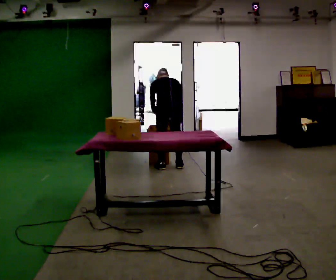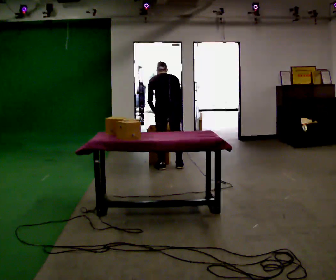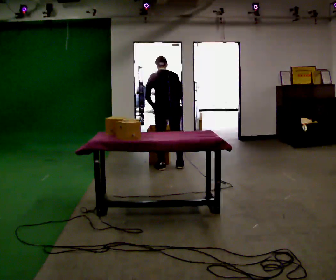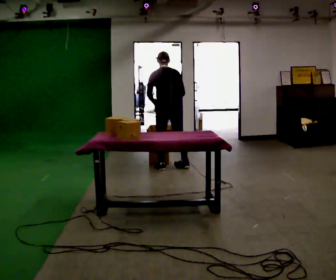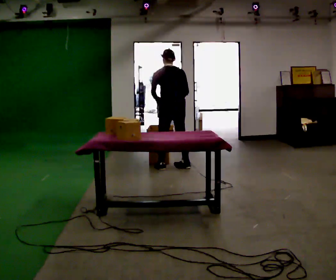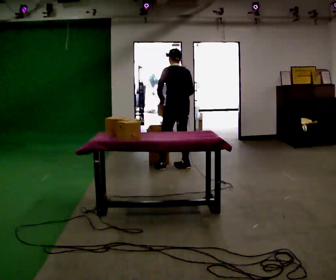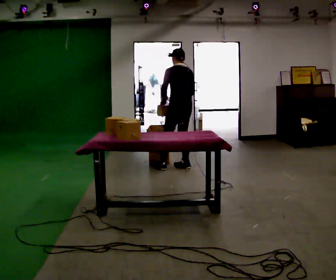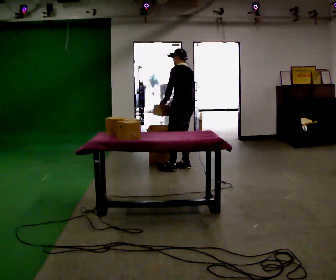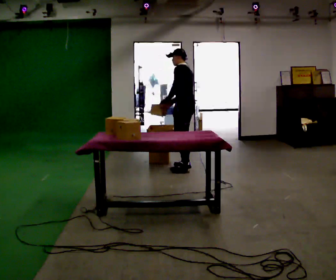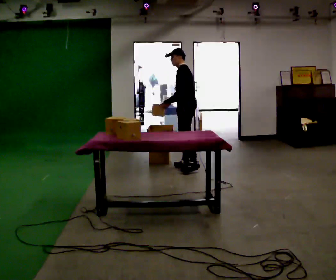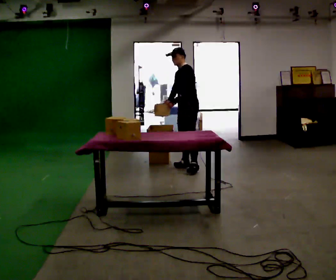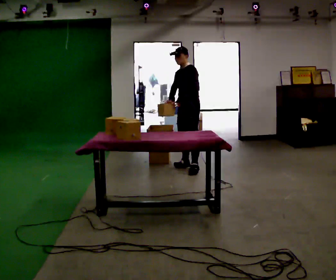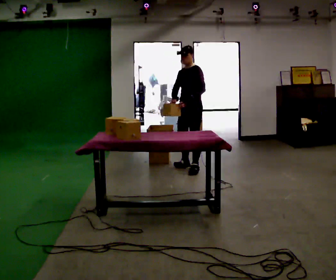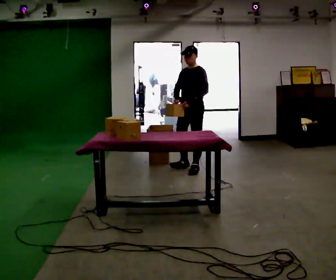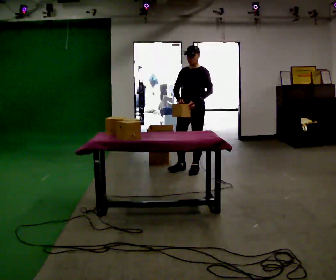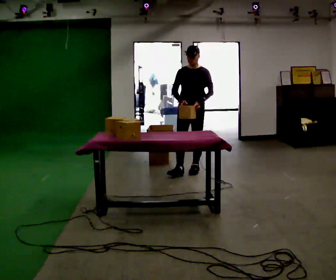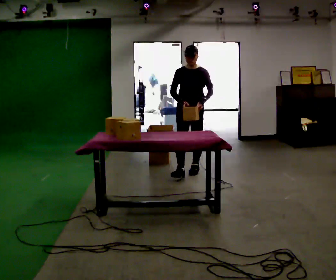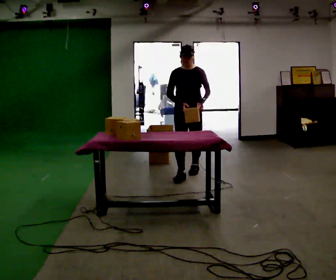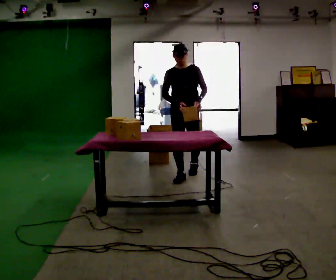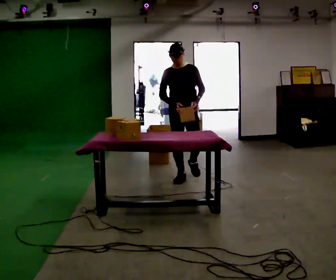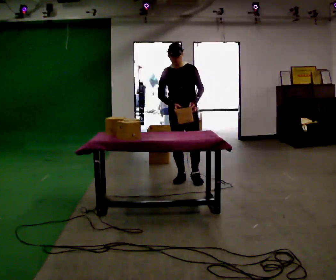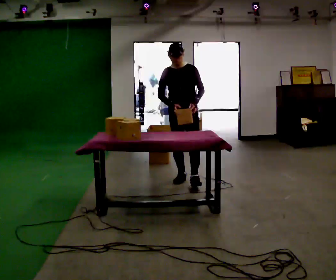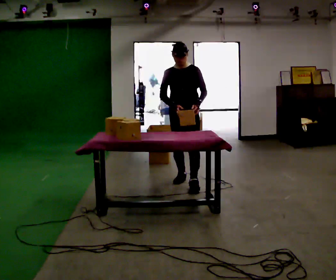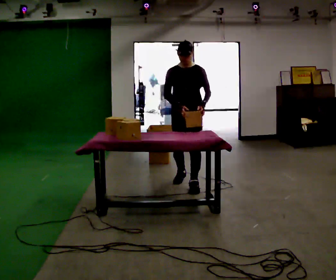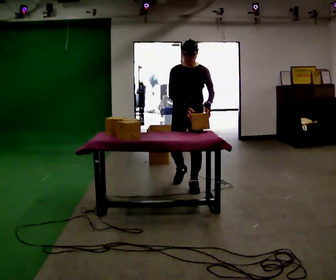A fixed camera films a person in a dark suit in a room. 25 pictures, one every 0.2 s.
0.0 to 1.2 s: The person turns about 30 degrees to their left, counterclockwise seen from above, so the part of the body nearest the lens slides to the right. In the picture they go to the right, about 0.25 m, which for them is to their right. The upper body goes upward. The upper body tips toward the camera, its near side rolling downward, as they lean back or straighten.
1.2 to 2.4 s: The person turns about 90 degrees to their left, counterclockwise seen from above, so the part of the body nearest the lens slides to the right. In the picture they go to the right, about 0.25 m in 1 step. In the picture their left hand goes to the right.
2.4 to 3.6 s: The part of the body nearest the lens slides to the right as the person turns to their left by about 45 degrees. In the picture they go toward the camera, about 0.5 m in 1 step, which for them is forward.
3.6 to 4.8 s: In the picture they go toward the camera, about 0.5 m in 1 step, which for them is forward.
The film runs forward here.
